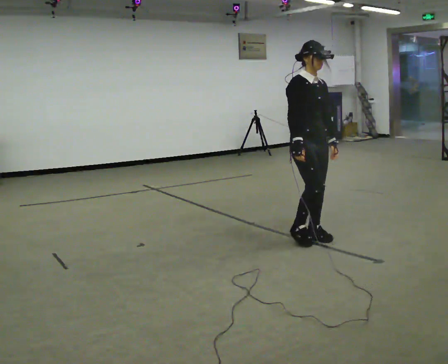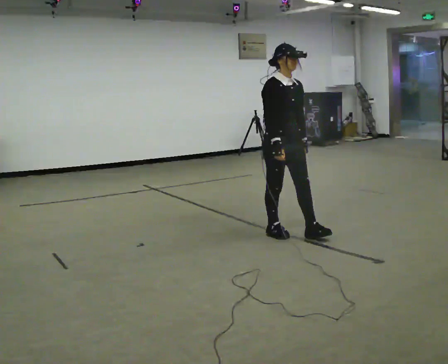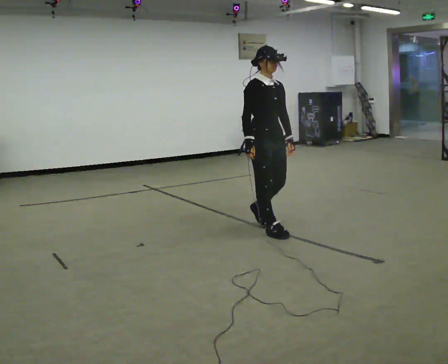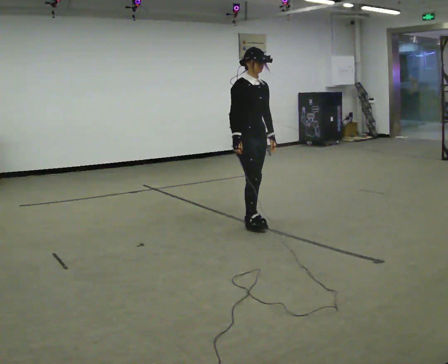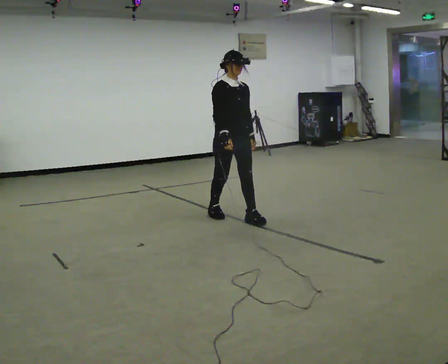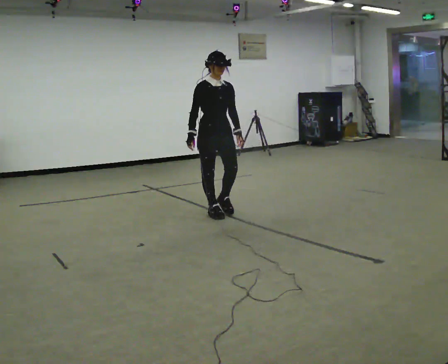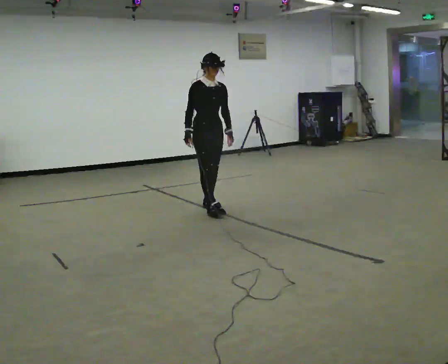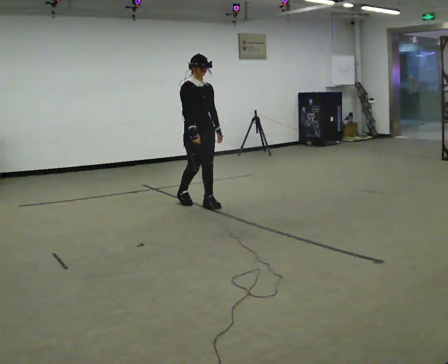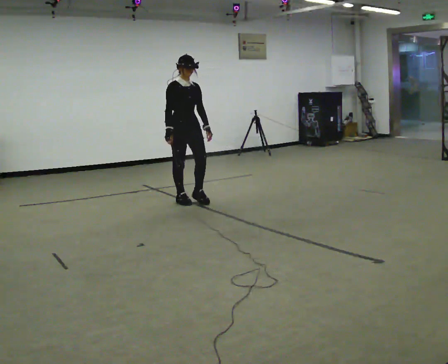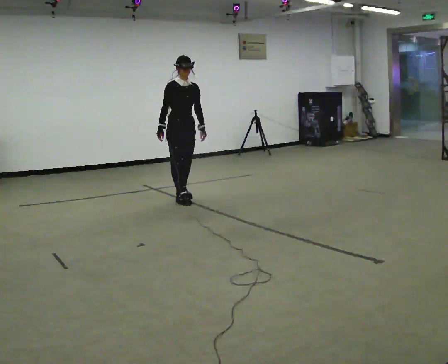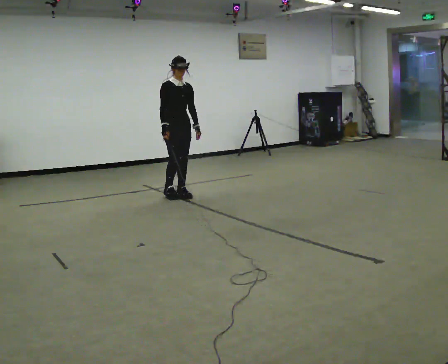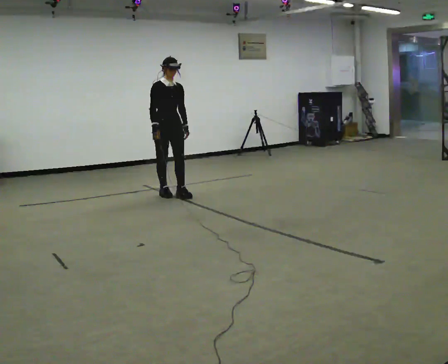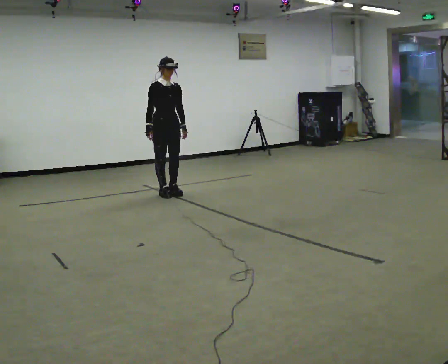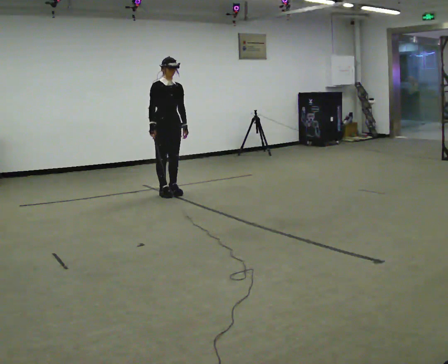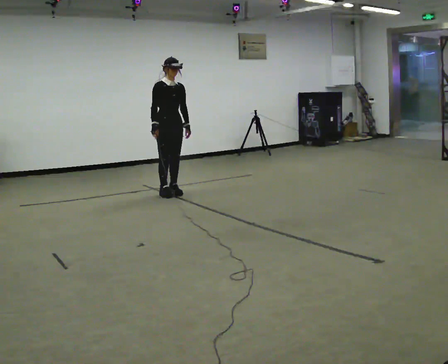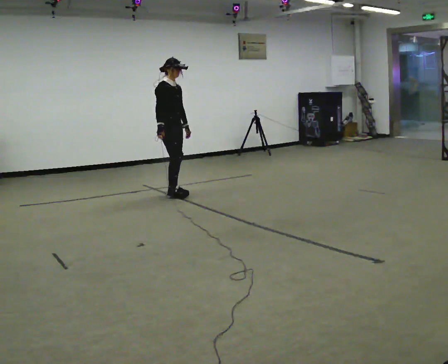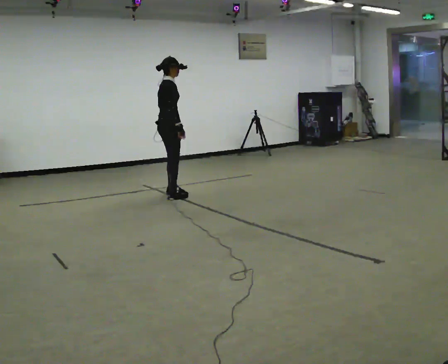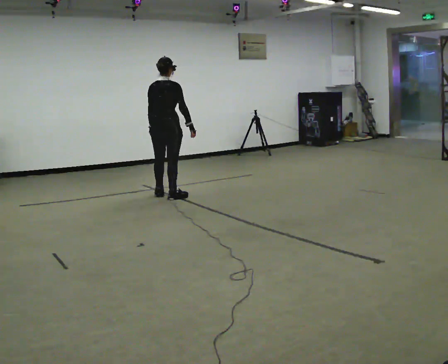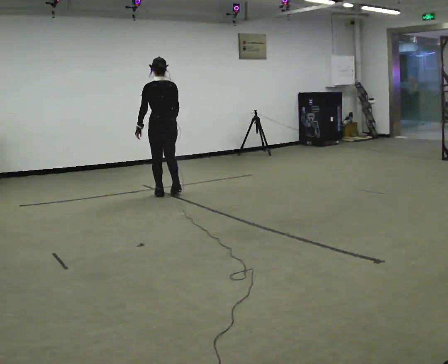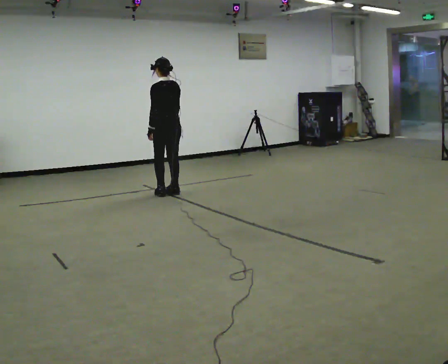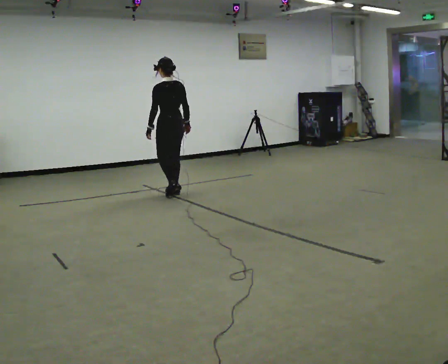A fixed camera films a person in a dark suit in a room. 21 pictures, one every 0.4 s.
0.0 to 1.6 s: In the picture they go away from the camera and to the left, about 1 m in 3 steps, which for them is backward.
1.6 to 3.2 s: In the picture they go away from the camera and to the left, about 1 m in 2 steps, which for them is backward.
3.2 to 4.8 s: In the picture they go away from the camera and to the left, about 0.5 m in 3 steps, which for them is backward.
4.8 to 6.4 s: The person turns about 75 degrees to their left, counterclockwise seen from above, so the part of the body nearest the lens slides to the right. In the picture their right hand goes to the right.
6.4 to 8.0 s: Seen from above the body turns counterclockwise, about 120 degrees: to their left, with its near side sliding to the right.
The film runs forward here.
